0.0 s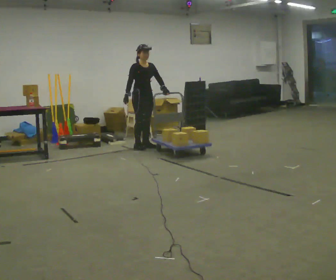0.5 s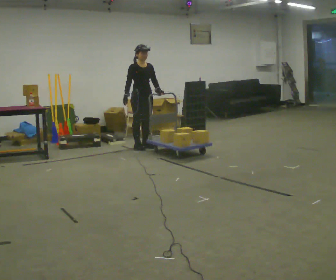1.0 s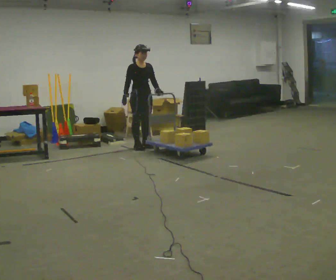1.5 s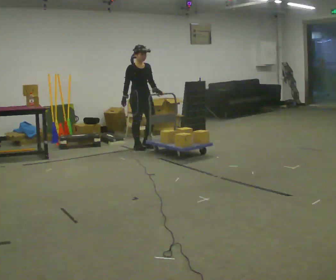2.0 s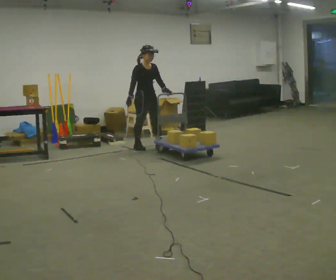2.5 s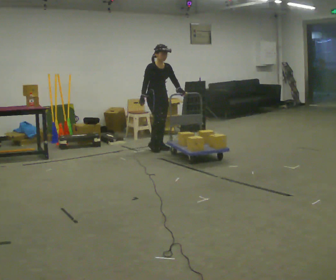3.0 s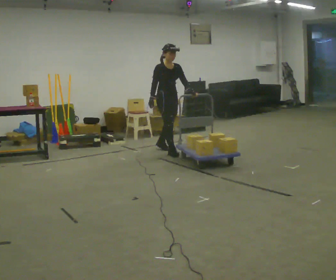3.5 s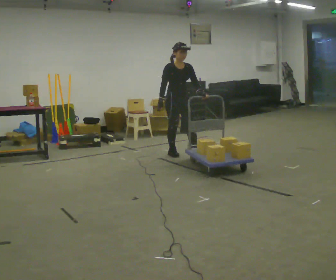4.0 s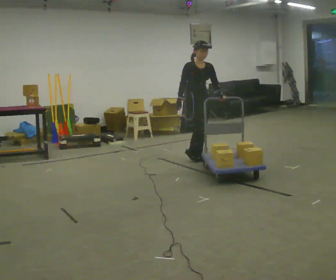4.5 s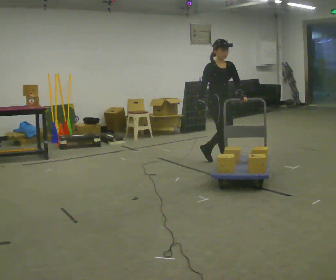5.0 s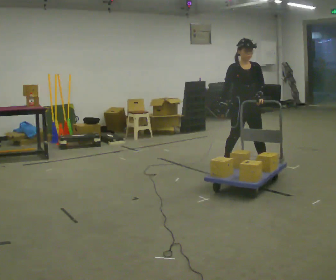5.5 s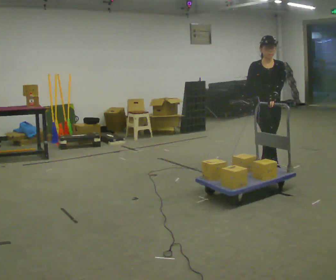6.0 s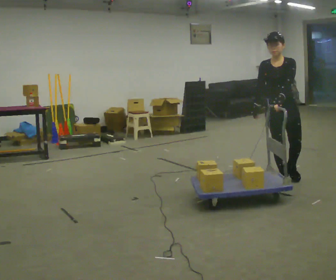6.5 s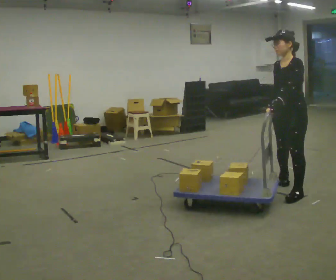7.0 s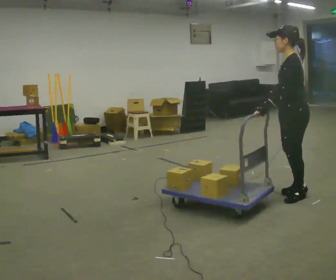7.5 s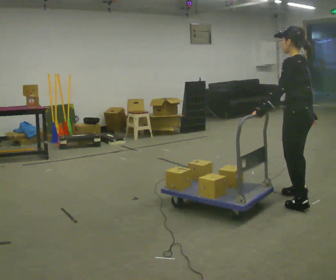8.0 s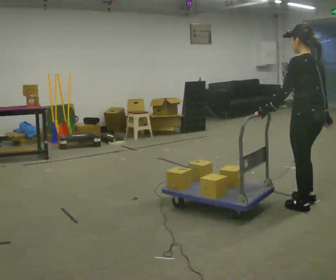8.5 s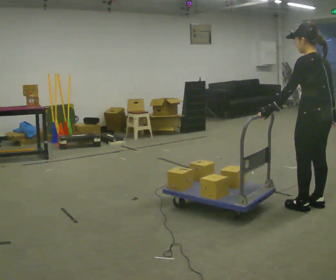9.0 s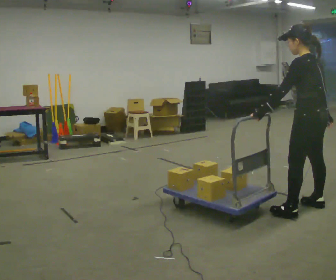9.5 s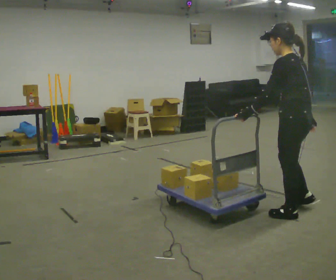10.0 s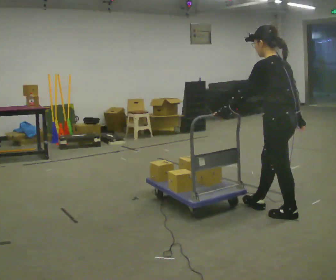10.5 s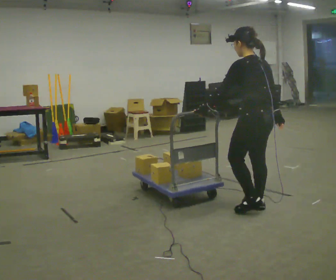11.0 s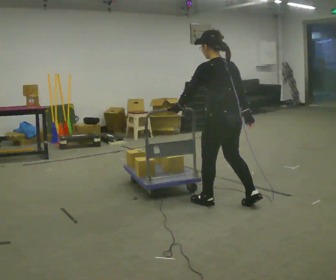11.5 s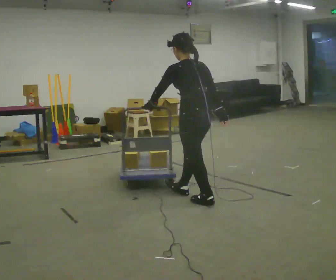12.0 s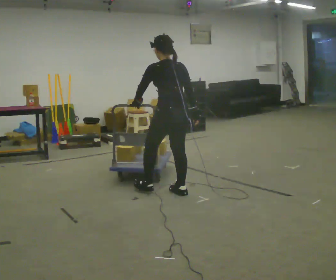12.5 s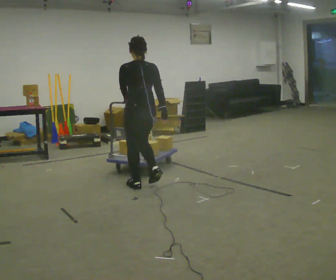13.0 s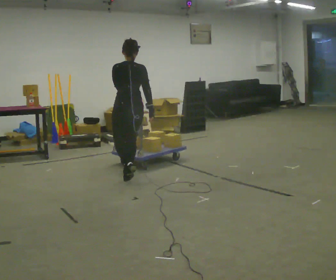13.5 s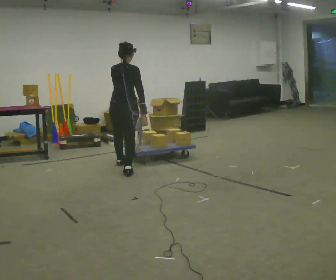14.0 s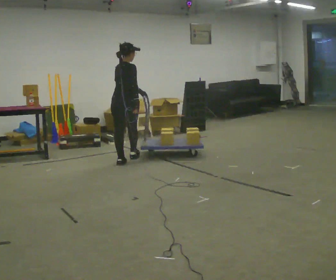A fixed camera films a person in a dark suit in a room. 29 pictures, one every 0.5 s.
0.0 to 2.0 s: The person moves a little, or ends about where they began.
2.0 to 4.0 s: In the picture they go to the right and toward the camera, about 1 m in 2 steps, which for them is forward.
4.0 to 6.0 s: The person turns about 45 degrees to their right, clockwise seen from above, so the part of the body nearest the lens slides to the left. In the picture they go to the right and toward the camera, about 1.5 m in 3 steps, which for them is forward.
6.0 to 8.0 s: The person turns about 135 degrees to their right, clockwise seen from above, so the part of the body nearest the lens slides to the left. In the picture they go toward the camera, about 1 m in 3 steps.
8.0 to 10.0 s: In the picture they go to the left, about 0.25 m in 3 steps, which for them is to their left and forward.
10.0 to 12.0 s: In the picture they go to the left and away from the camera, about 1 m in 2 steps, which for them is forward.
12.0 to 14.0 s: The part of the body nearest the lens slides to the left as the person turns to their right by about 60 degrees. In the picture they go away from the camera and to the left, about 1.5 m in 3 steps, which for them is forward.
The film runs forward here.
